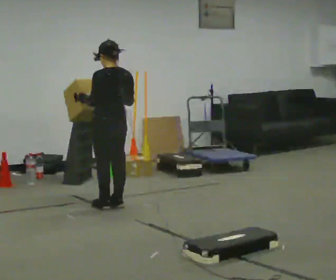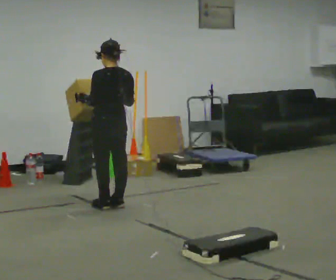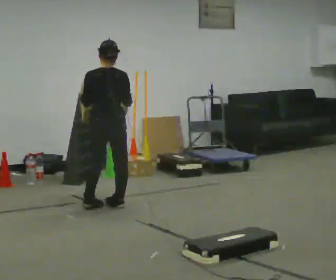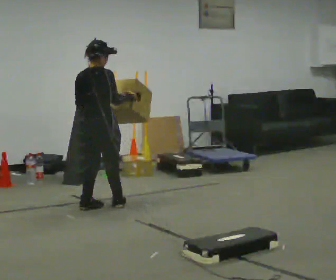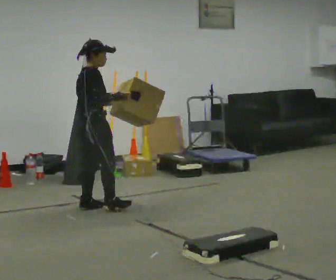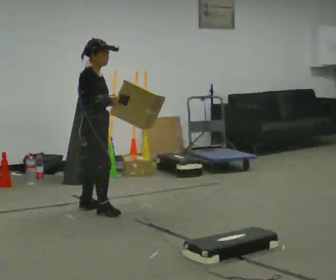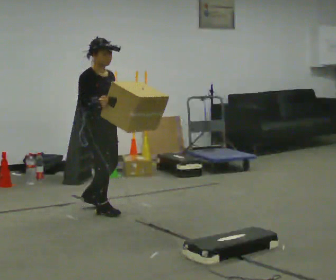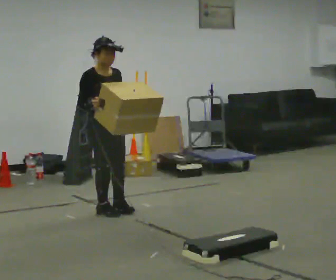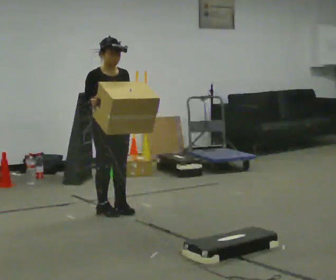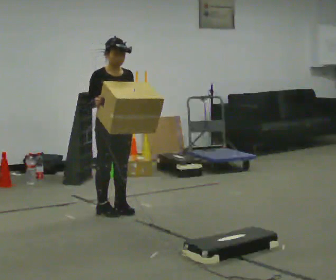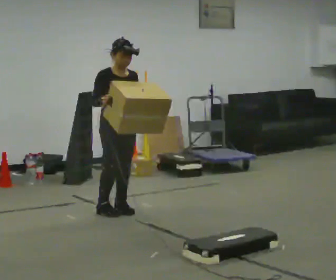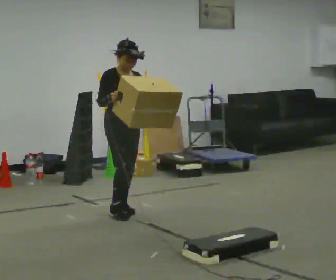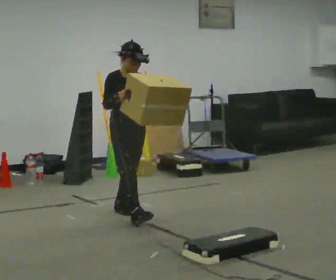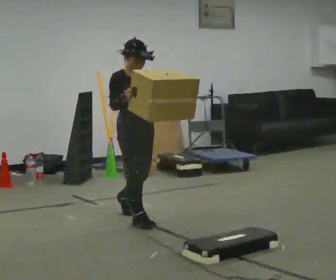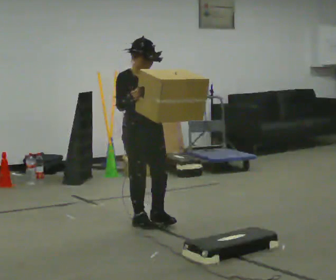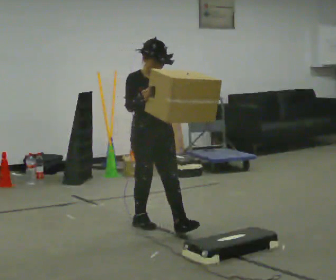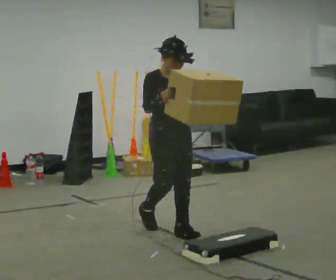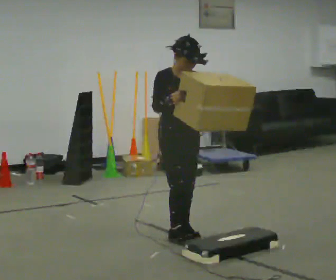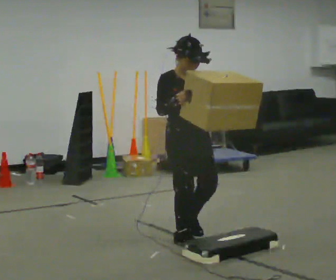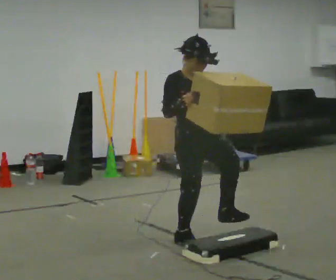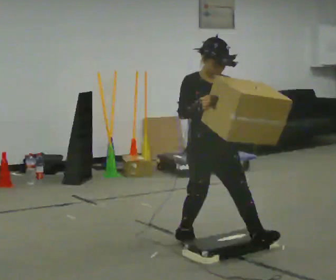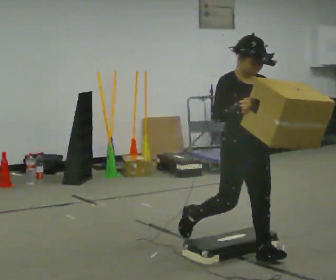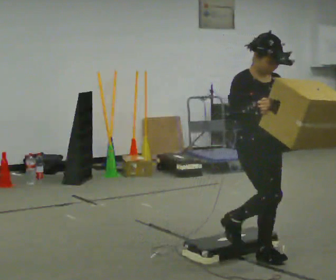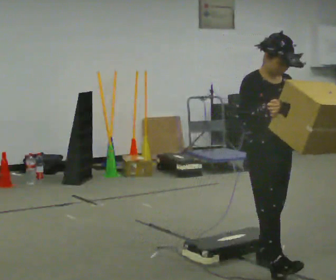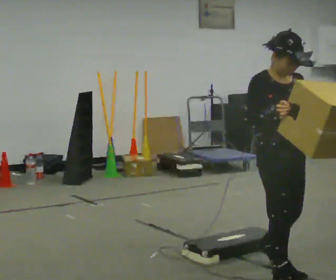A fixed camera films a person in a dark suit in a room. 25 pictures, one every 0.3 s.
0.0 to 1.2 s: The part of the body nearest the lens slides to the left as the person turns to their right by about 105 degrees. In the picture they go to the left, about 0.25 m in 1 step.
1.2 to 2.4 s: The part of the body nearest the lens slides to the left as the person turns to their right by about 75 degrees. In the picture they go to the right, about 0.25 m in 2 steps.
2.4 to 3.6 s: The person moves a little, or ends about where they began.
3.6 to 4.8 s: In the picture they go toward the camera and to the right, about 0.75 m in 1 step, which for them is forward.
4.8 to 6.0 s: In the picture they go toward the camera and to the right, about 0.5 m in 2 steps, which for them is forward.
6.0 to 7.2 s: In the picture they go toward the camera and to the right, about 0.75 m in 1 step, which for them is forward.
The film runs forward here.
